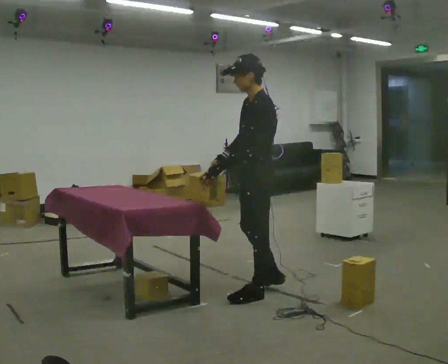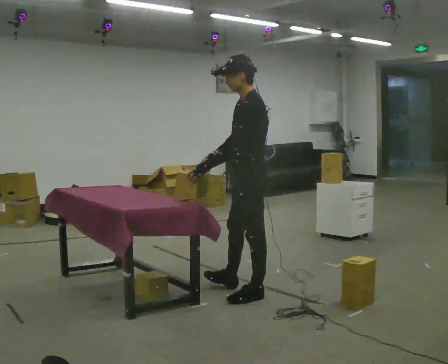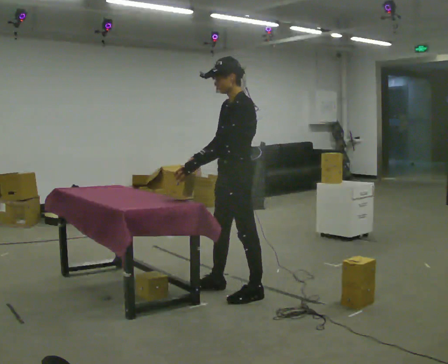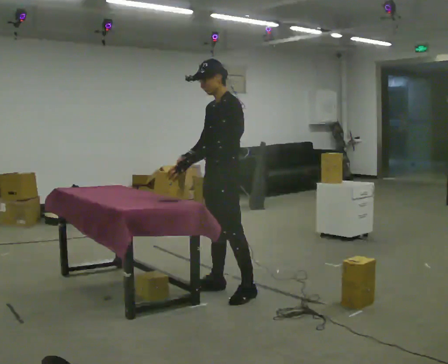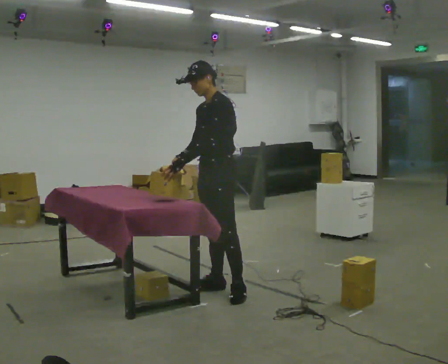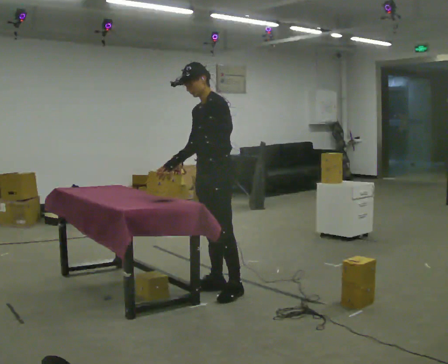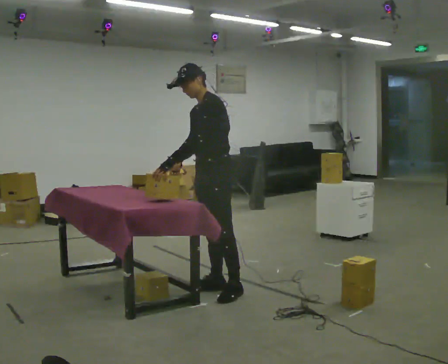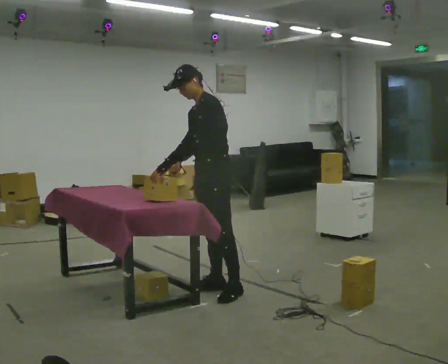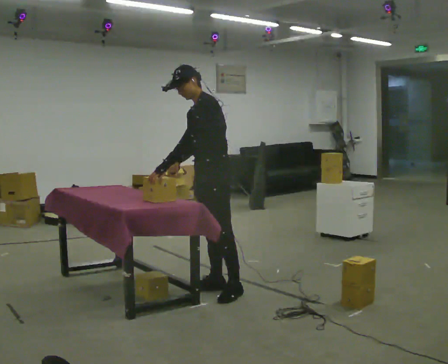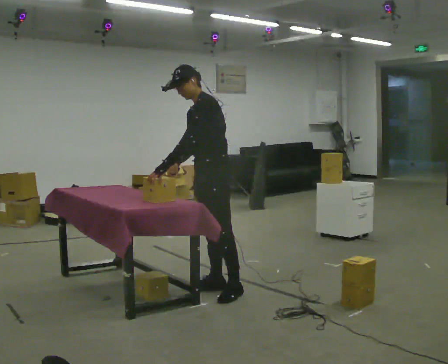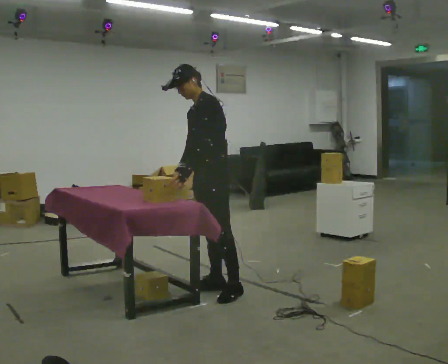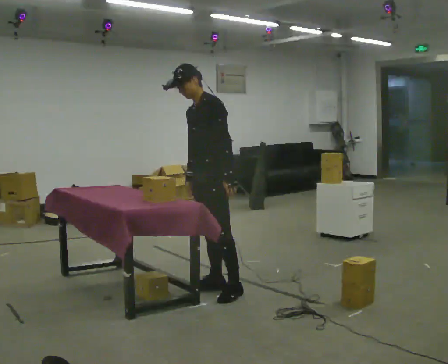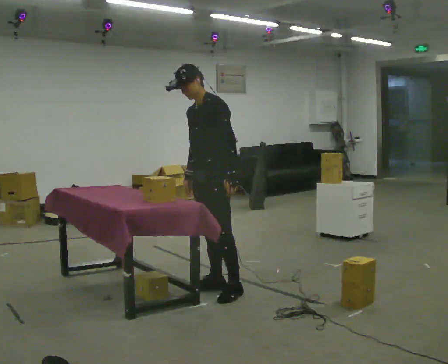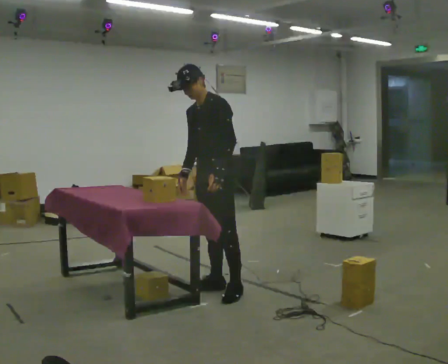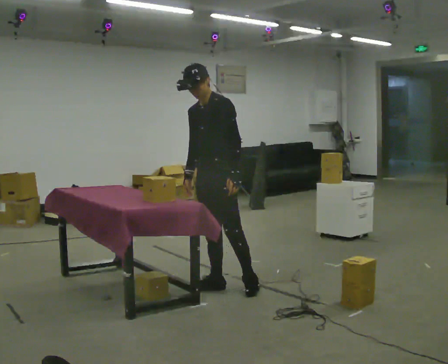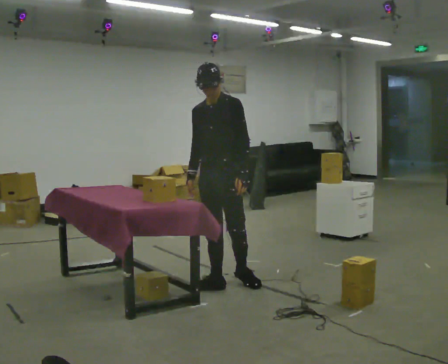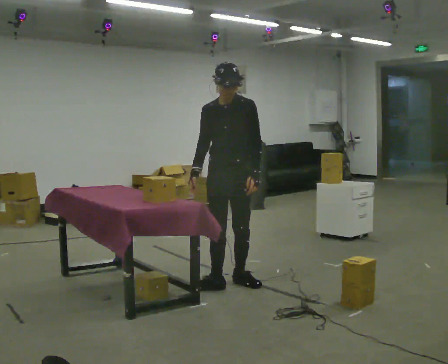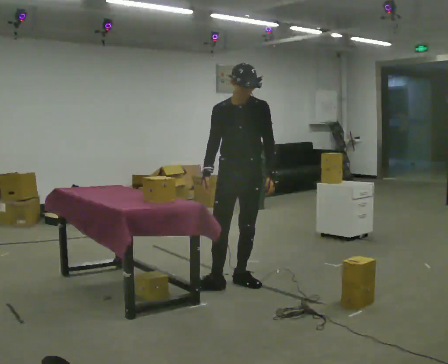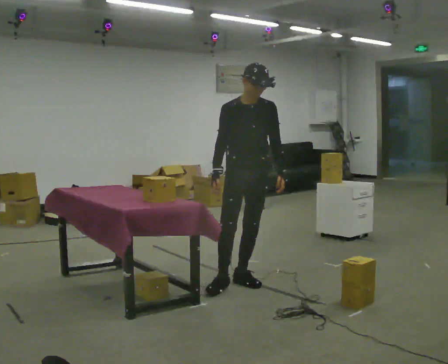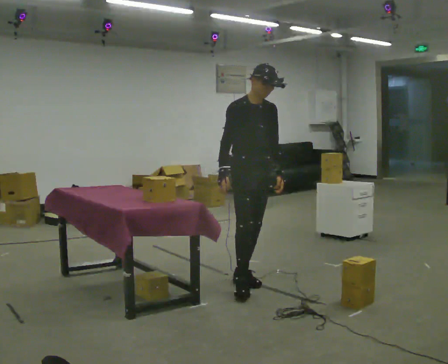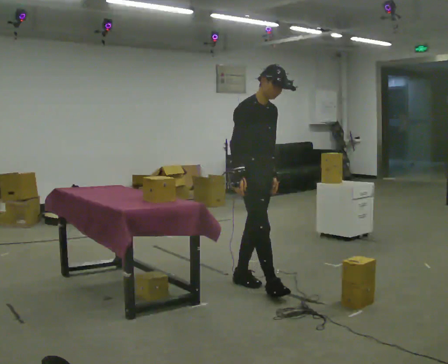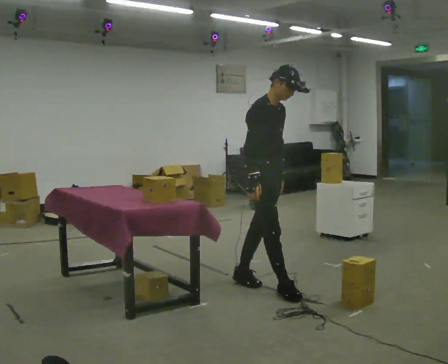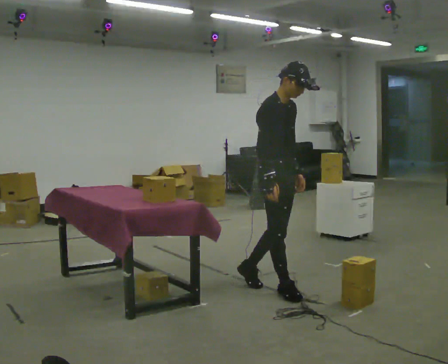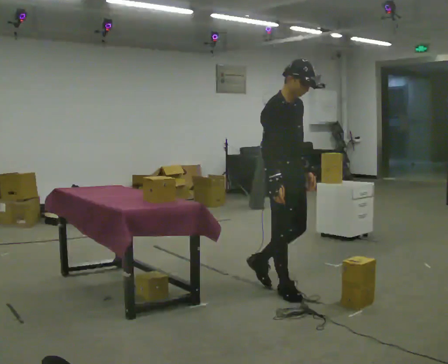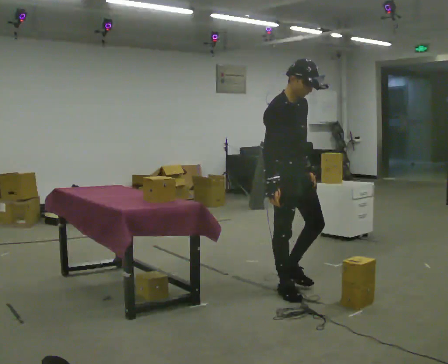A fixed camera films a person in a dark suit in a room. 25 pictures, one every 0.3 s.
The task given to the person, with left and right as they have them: 1. The operator will tell you the shelf is already sorted and just needs moving to the table. 2. Do what you think is right. 3. Tell the operator when you are finished.
0.0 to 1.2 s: The part of the body nearest the lens slides to the right as the person turns to their left by about 30 degrees. In the picture they go to the left and away from the camera, about 0.25 m in 2 steps, which for them is to their right and forward.
1.2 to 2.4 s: The person moves a little, or ends about where they began.
2.4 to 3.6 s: In the picture their left hand goes to the right, the arm swinging counterclockwise.
3.6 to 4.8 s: Seen from above the body turns counterclockwise, about 30 degrees: to their left, with its near side sliding to the right.
4.8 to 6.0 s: Seen from above the body turns counterclockwise, about 75 degrees: to their left, with its near side sliding to the right. In the picture they go to the right, about 0.25 m.
6.0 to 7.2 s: In the picture they go toward the camera and to the right, about 0.25 m in 1 step, which for them is forward and to their right.
The film runs forward here.
